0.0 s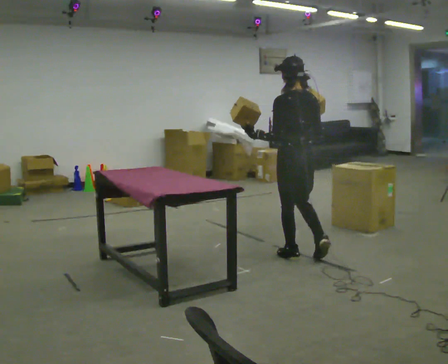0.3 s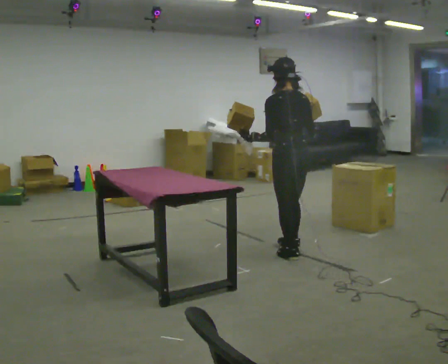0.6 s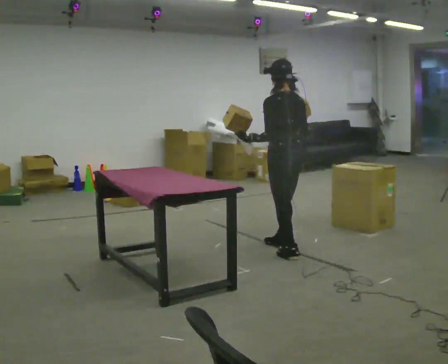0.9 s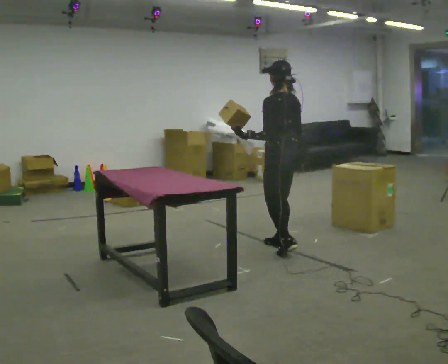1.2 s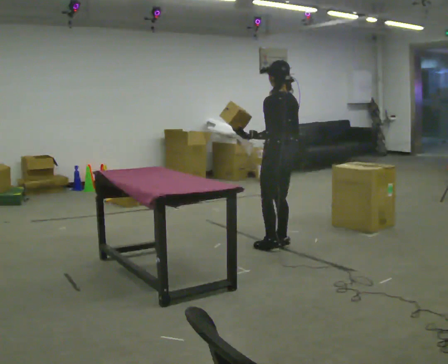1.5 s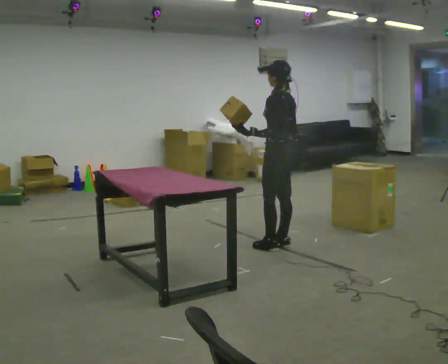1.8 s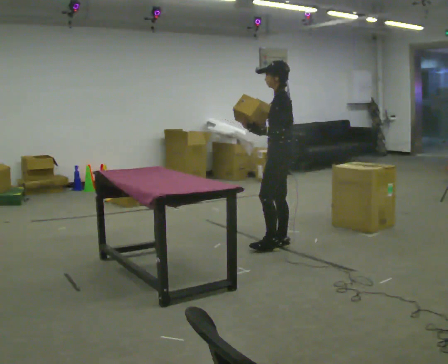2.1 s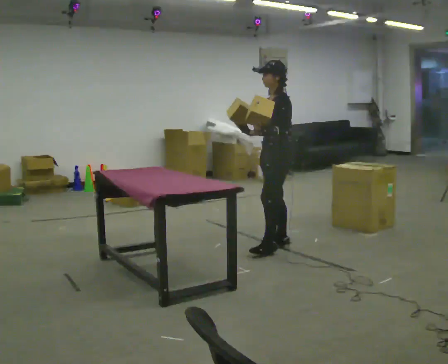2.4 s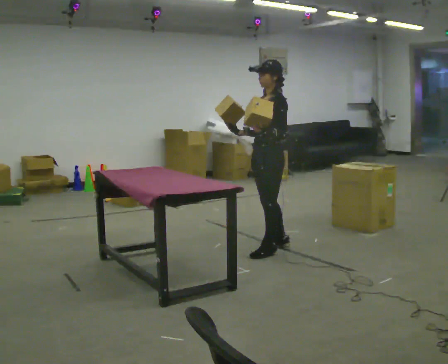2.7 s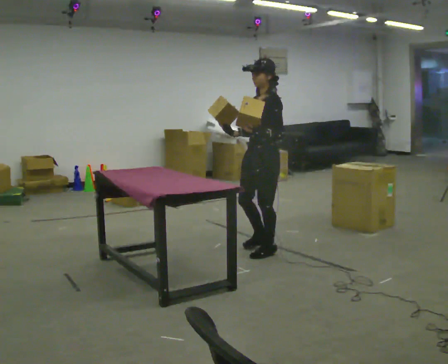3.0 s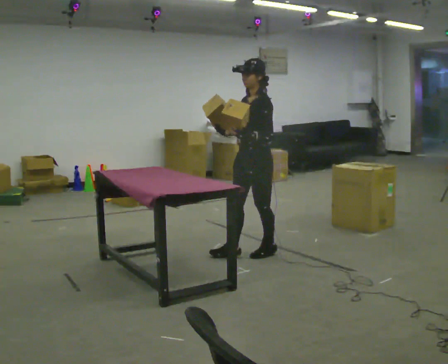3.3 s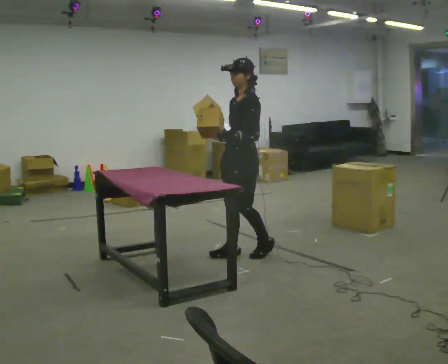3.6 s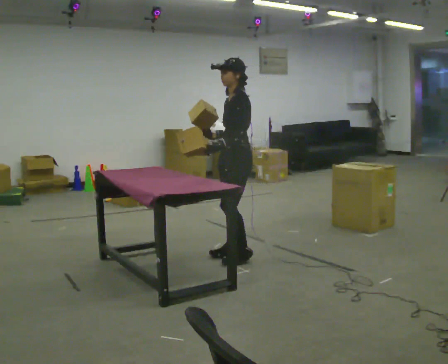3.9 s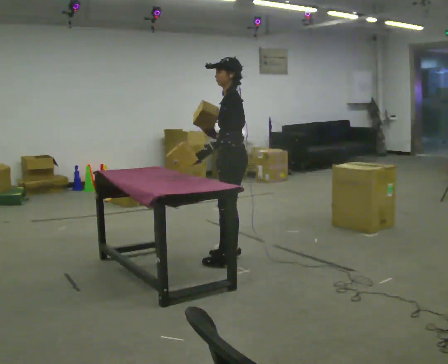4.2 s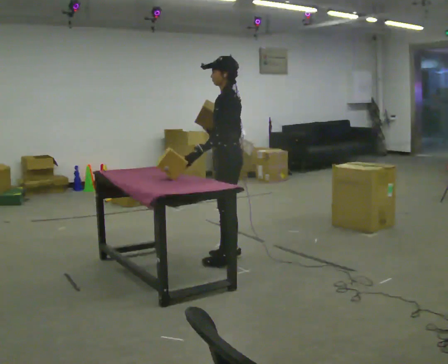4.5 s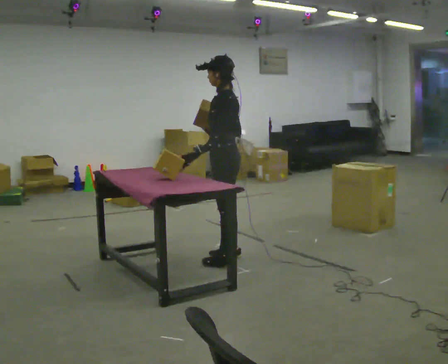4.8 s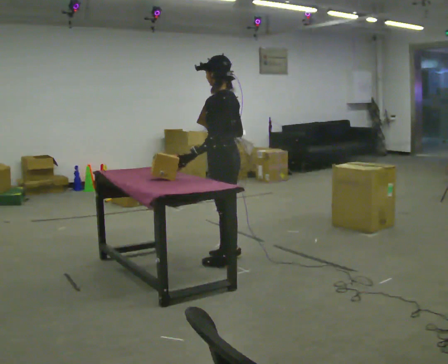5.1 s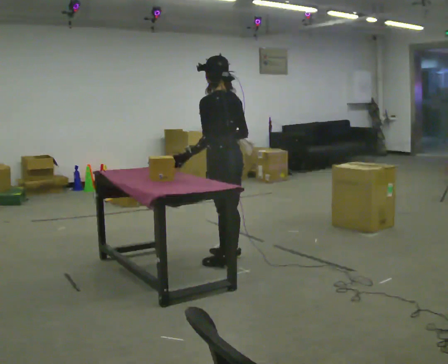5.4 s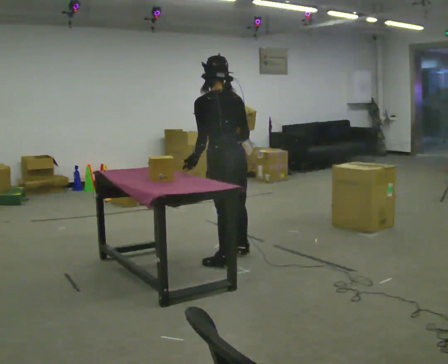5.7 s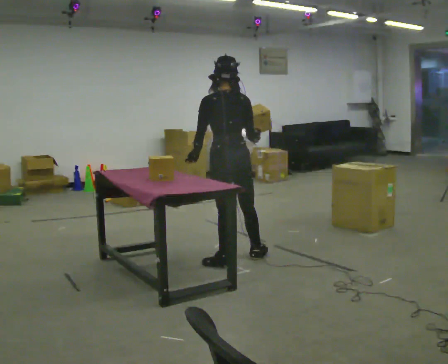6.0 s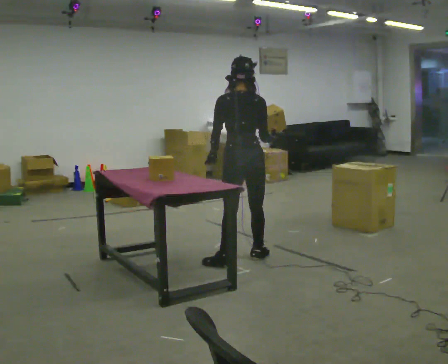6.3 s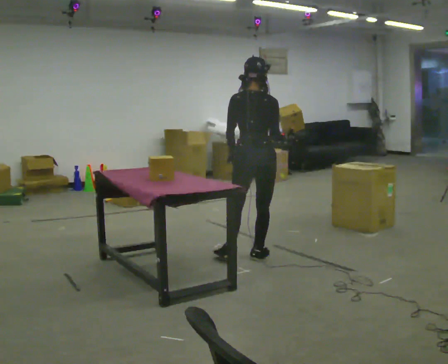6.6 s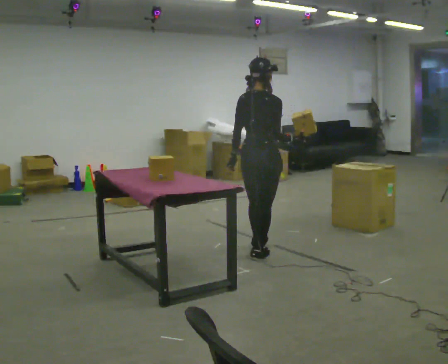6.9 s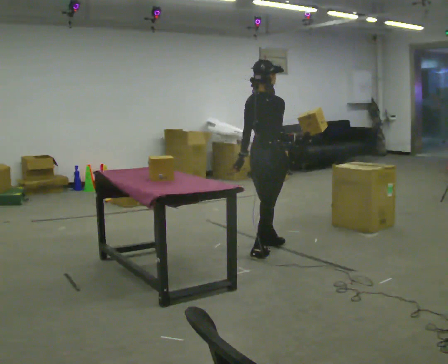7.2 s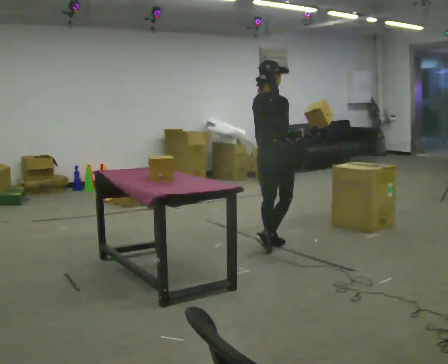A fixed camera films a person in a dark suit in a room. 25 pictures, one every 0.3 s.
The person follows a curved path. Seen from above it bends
counterclockwise.
0.0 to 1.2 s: The person turns about 30 degrees to their left, counterclockwise seen from above, so the part of the body nearest the lens slides to the right. In the picture they go away from the camera, about 0.25 m in 2 steps, which for them is forward.
1.2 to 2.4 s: The person turns about 60 degrees to their left, counterclockwise seen from above, so the part of the body nearest the lens slides to the right.
2.4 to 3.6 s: In the picture they go to the left, about 0.25 m in 1 step, which for them is forward.
3.6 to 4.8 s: The part of the body nearest the lens slides to the left as the person turns to their right by about 45 degrees. In the picture they go toward the camera, about 0.25 m in 1 step, which for them is to their left.
4.8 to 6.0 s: The part of the body nearest the lens slides to the left as the person turns to their right by about 60 degrees.
6.0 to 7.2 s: Seen from above the body turns clockwise, about 60 degrees: to their right, with its near side sliding to the left. In the picture they go away from the camera and to the right, about 0.5 m in 1 step, which for them is forward.
The film runs forward here.
